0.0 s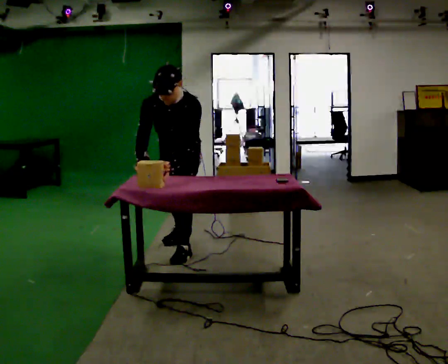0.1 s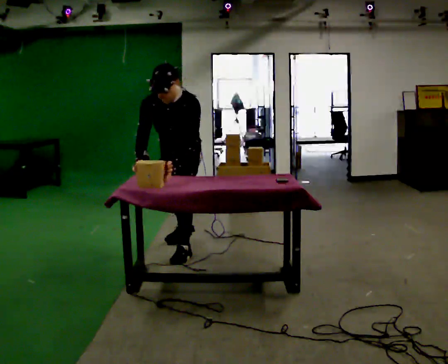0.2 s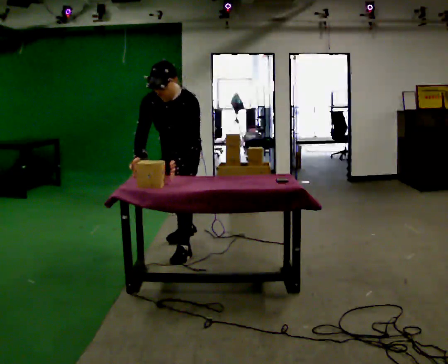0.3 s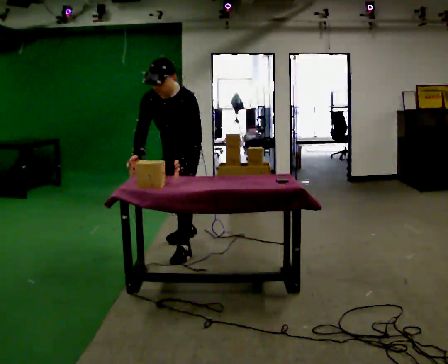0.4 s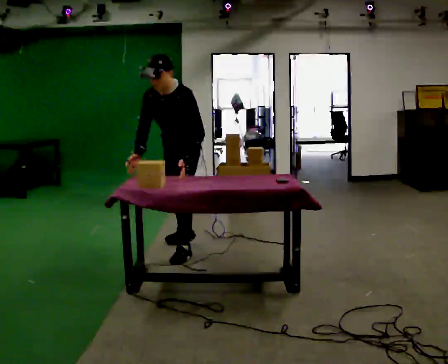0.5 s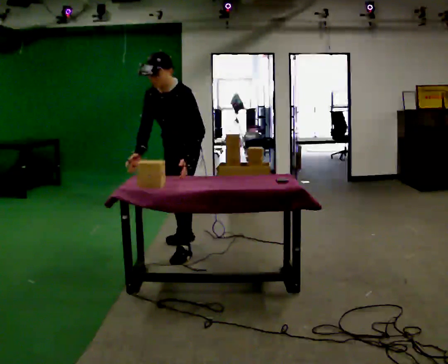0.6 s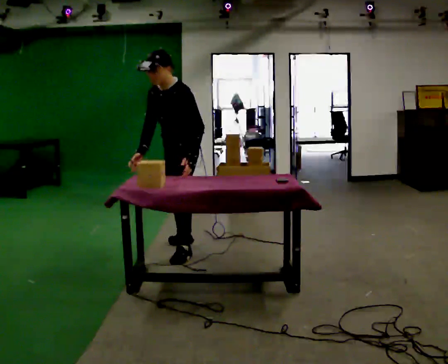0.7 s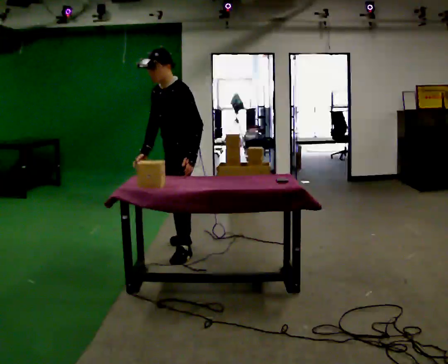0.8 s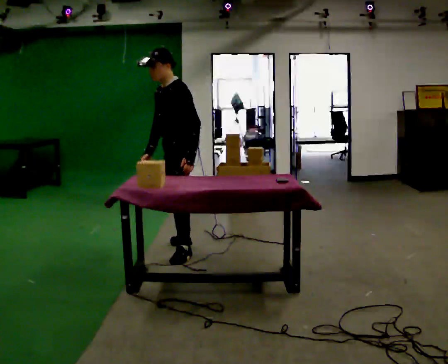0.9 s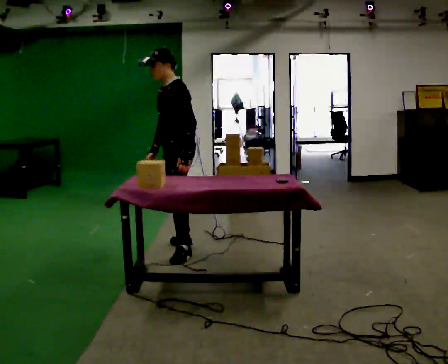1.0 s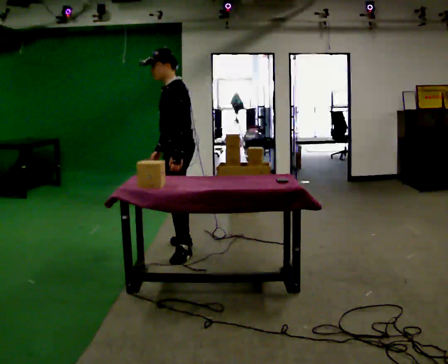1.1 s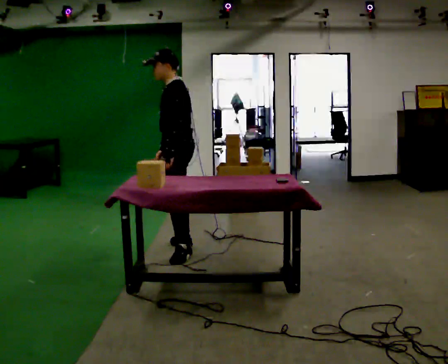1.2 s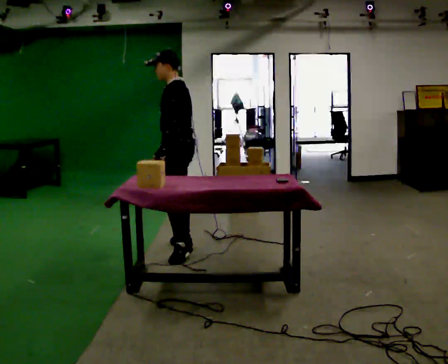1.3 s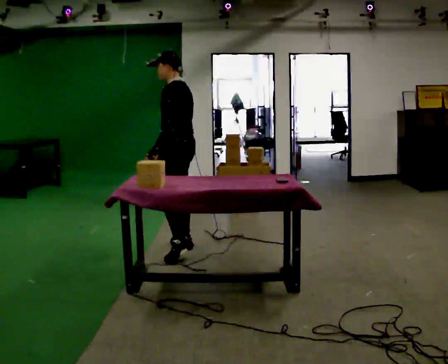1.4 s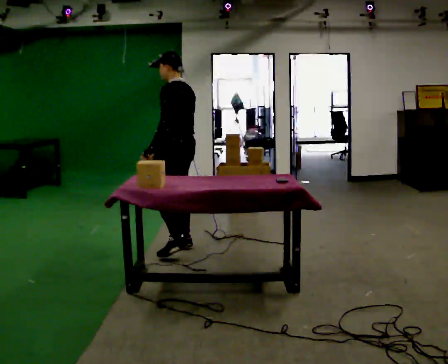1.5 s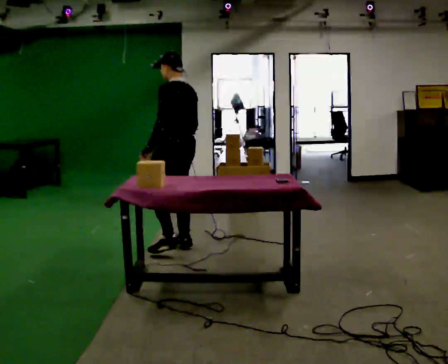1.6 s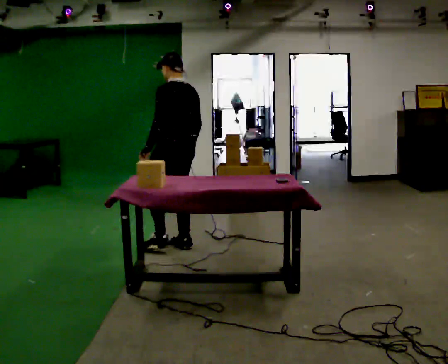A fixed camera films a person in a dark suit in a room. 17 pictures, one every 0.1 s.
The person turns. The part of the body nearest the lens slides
to the left.
The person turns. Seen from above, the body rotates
clockwise.
0.0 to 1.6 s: Seen from above the body turns clockwise, about 105 degrees: to their right, with its near side sliding to the left. In the picture they go away from the camera, about 0.25 m in 1 step. The upper body tips away from the camera, its near side rolling upward, as they lean back or straighten.
The film runs forward here.
